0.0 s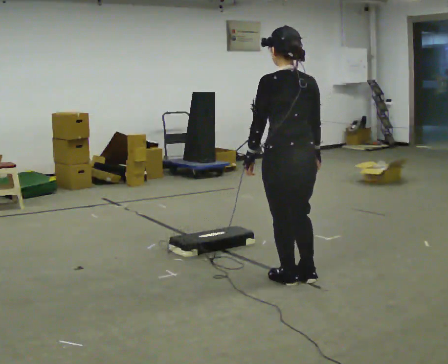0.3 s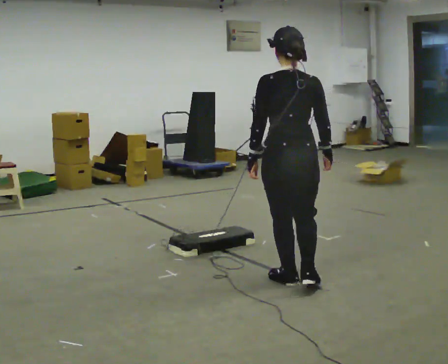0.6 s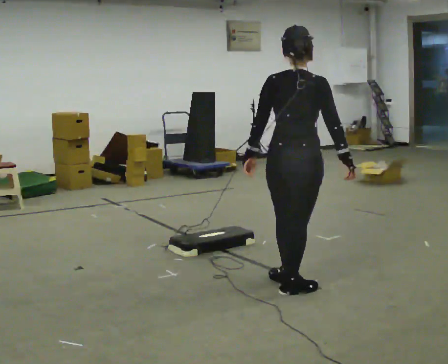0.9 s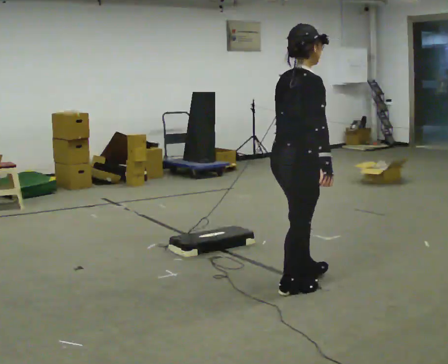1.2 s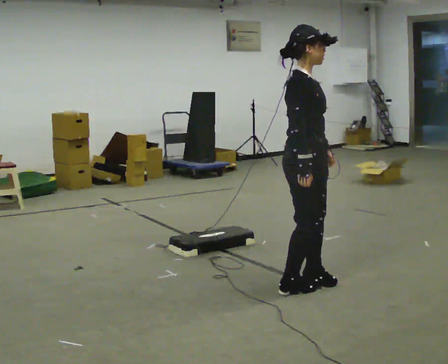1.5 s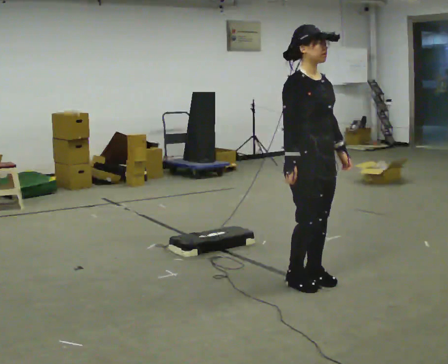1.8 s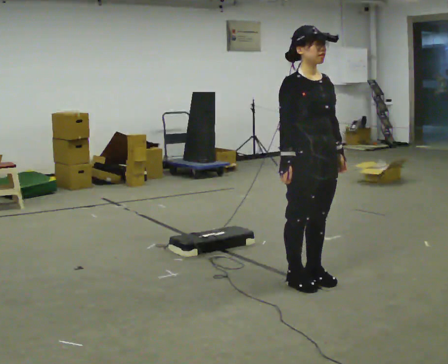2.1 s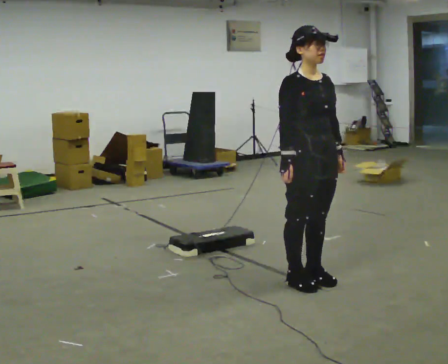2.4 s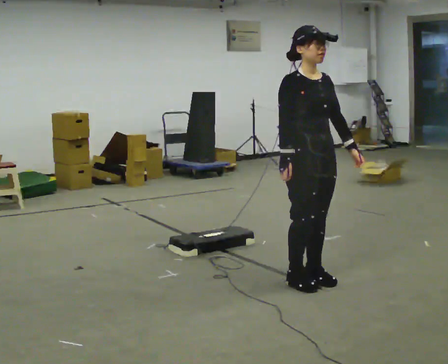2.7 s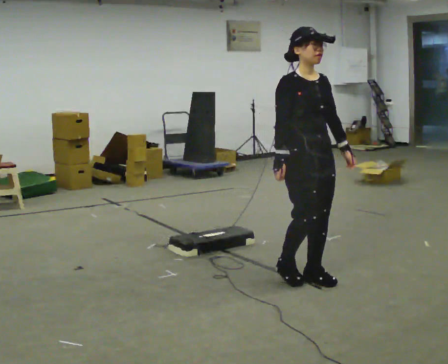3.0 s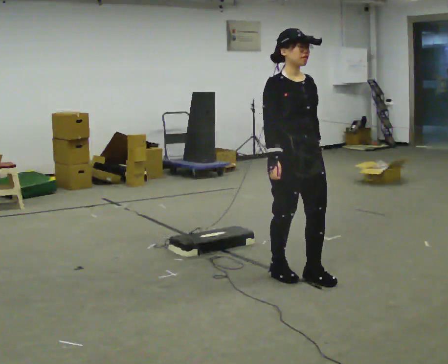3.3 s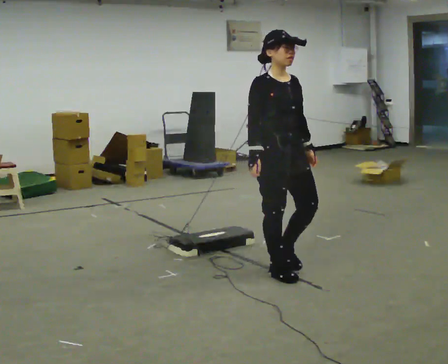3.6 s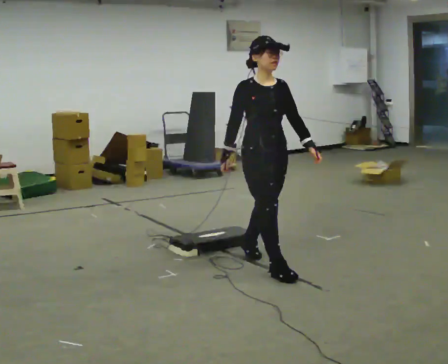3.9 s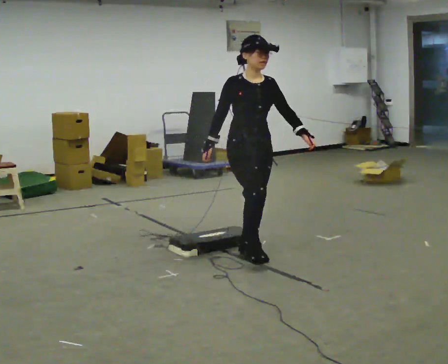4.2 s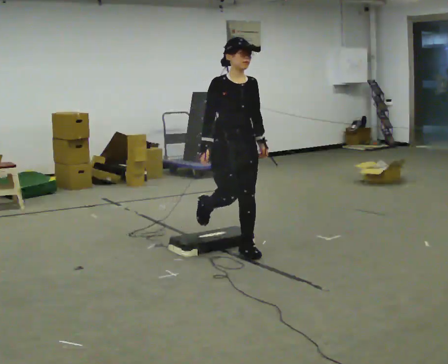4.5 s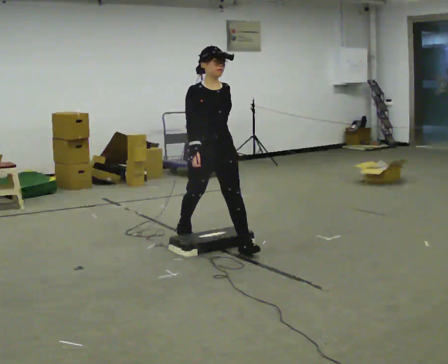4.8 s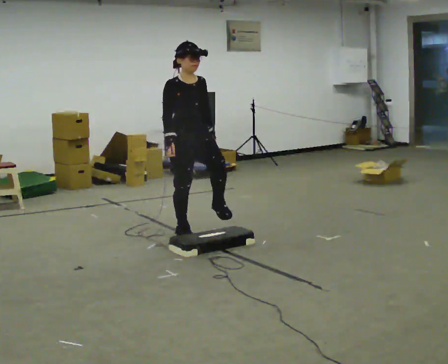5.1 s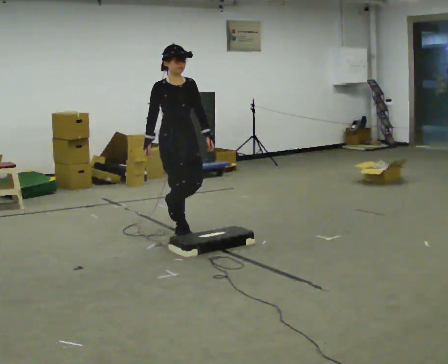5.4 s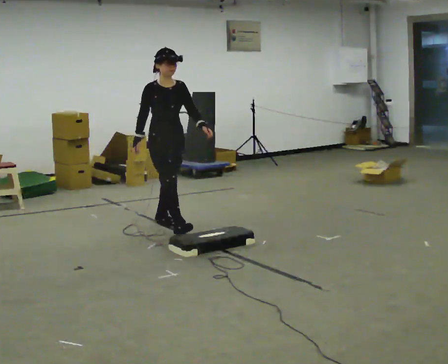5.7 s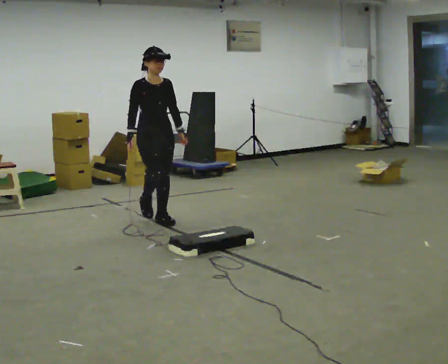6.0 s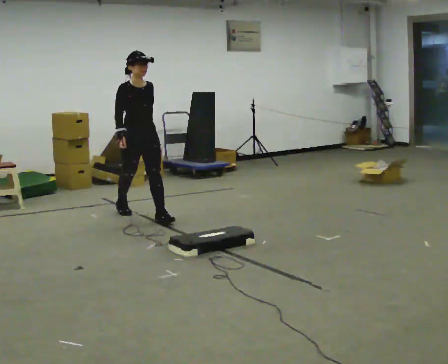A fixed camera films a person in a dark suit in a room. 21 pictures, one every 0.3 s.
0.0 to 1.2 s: The part of the body nearest the lens slides to the left as the person turns to their right by about 120 degrees. In the picture their left hand goes to the right.
1.2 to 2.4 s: The person turns about 60 degrees to their right, clockwise seen from above, so the part of the body nearest the lens slides to the left.
2.4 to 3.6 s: In the picture they go to the left and away from the camera, about 0.5 m in 2 steps, which for them is backward.
3.6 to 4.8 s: In the picture they go away from the camera and to the left, about 1 m in 2 steps, which for them is backward.
4.8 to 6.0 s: In the picture they go away from the camera and to the left, about 1 m in 1 step, which for them is backward.
The film runs backward here.
